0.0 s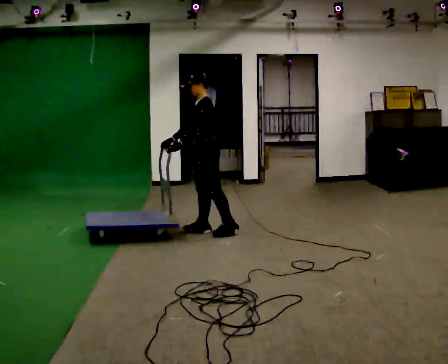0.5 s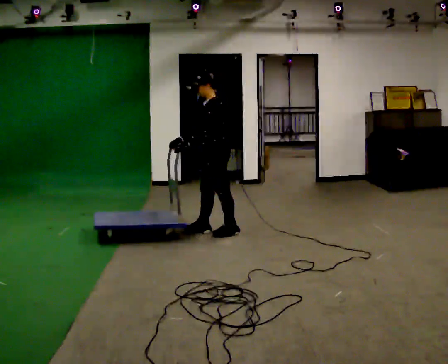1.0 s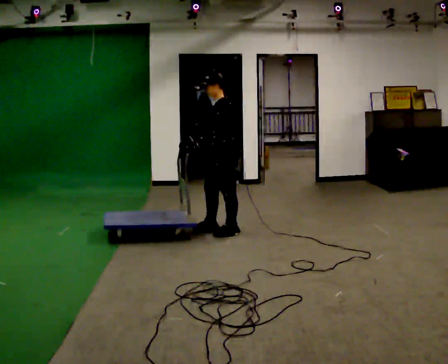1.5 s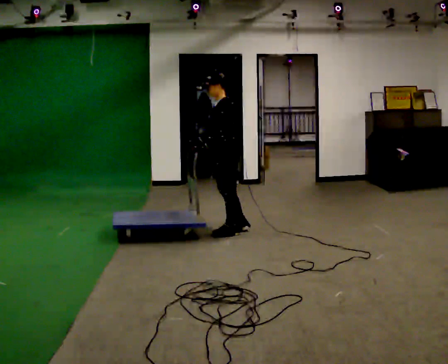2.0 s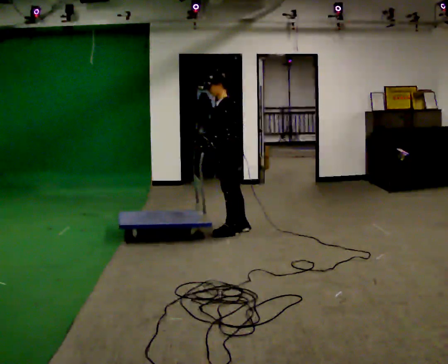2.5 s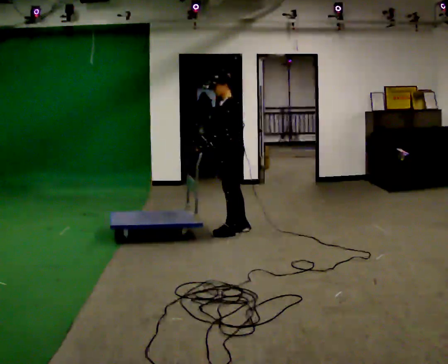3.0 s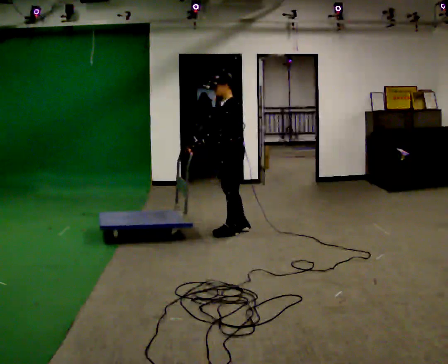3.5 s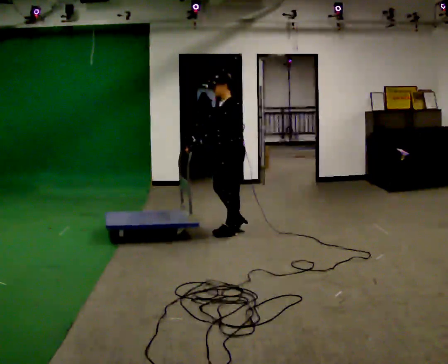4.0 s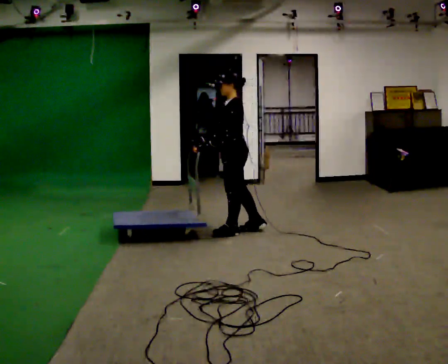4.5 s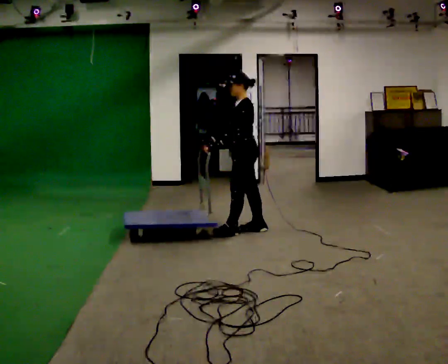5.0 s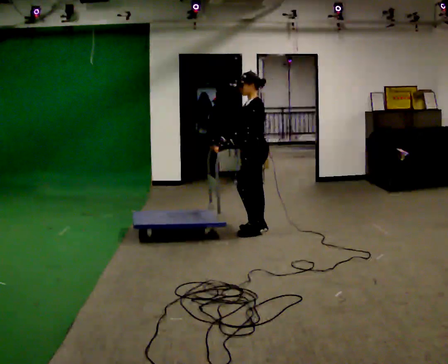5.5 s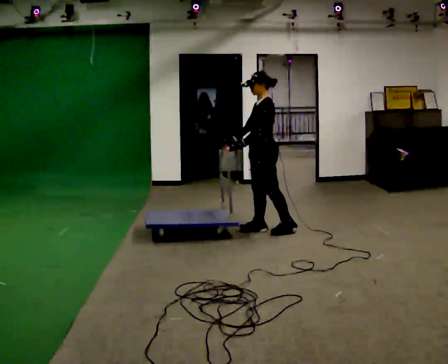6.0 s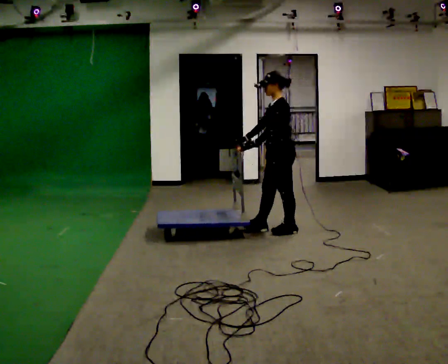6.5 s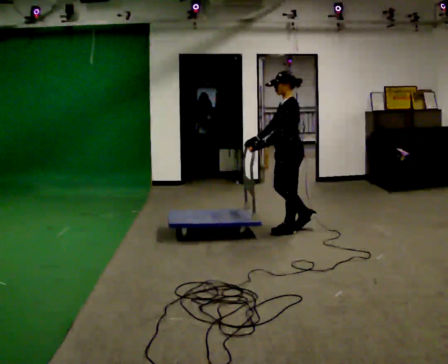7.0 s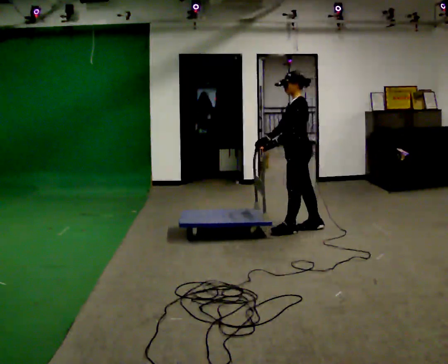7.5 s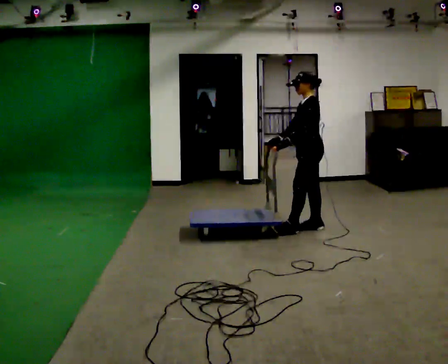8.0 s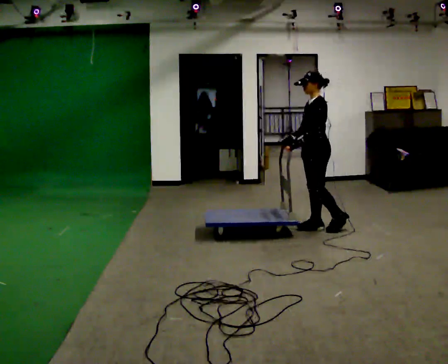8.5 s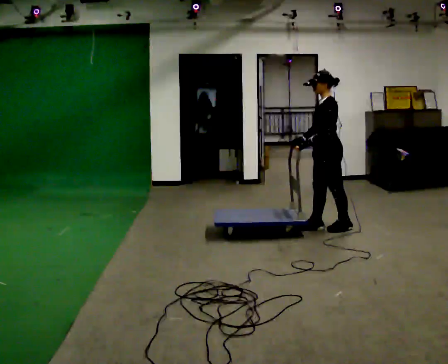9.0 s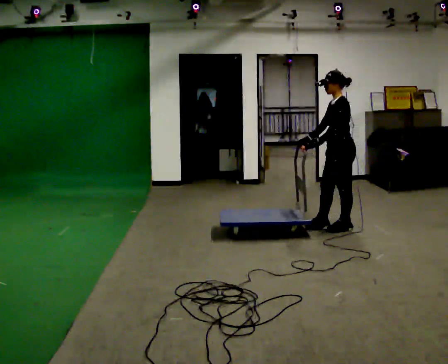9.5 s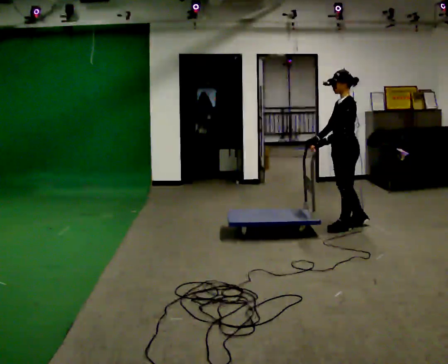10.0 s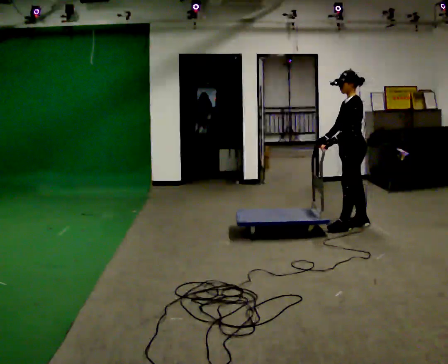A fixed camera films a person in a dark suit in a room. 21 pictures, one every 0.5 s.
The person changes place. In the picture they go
to the right.
0.0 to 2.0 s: In the picture they go to the right, about 0.25 m in 1 step, which for them is backward. In the picture their right hand goes to the right.
2.0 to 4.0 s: The person moves a little, or ends about where they began.
4.0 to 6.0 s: In the picture they go to the right, about 0.5 m in 1 step, which for them is backward.
6.0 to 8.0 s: In the picture they go to the right, about 0.25 m in 2 steps, which for them is backward.
8.0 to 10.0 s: In the picture they go to the right, about 0.25 m in 1 step, which for them is backward.
The film runs backward here.
